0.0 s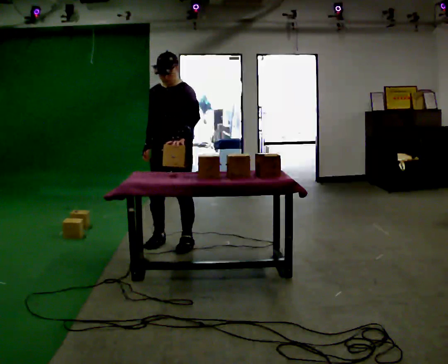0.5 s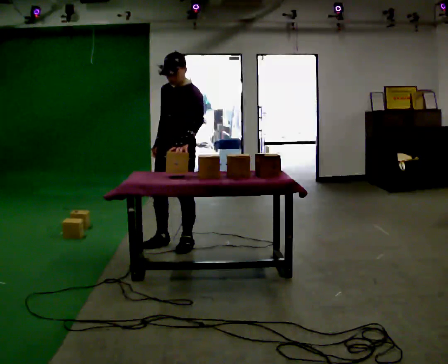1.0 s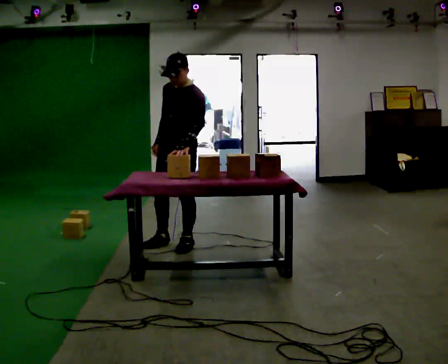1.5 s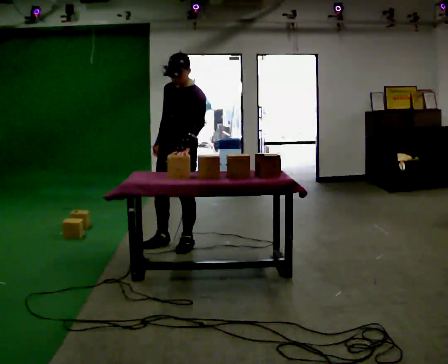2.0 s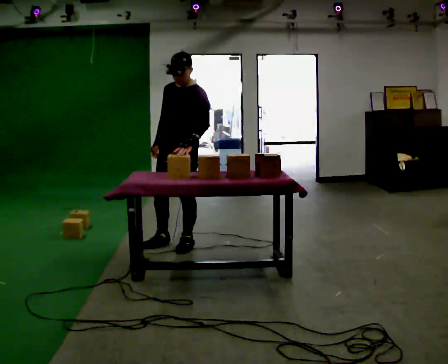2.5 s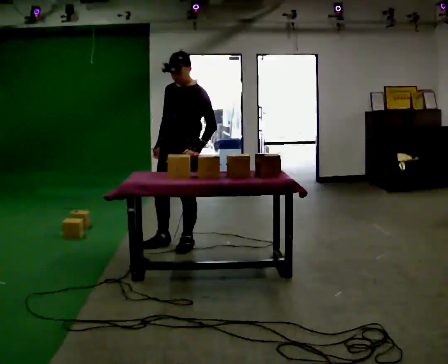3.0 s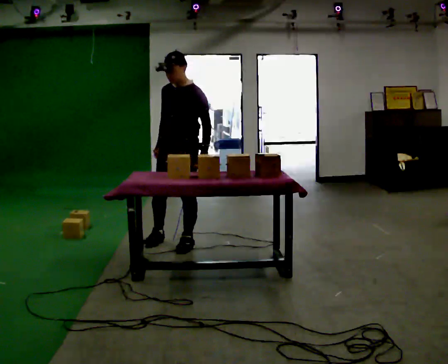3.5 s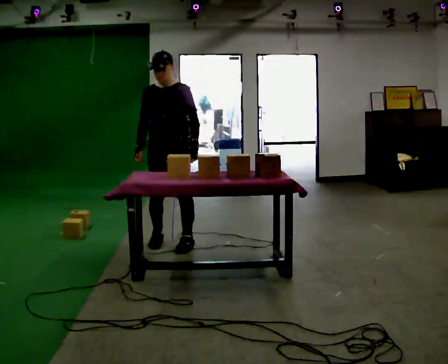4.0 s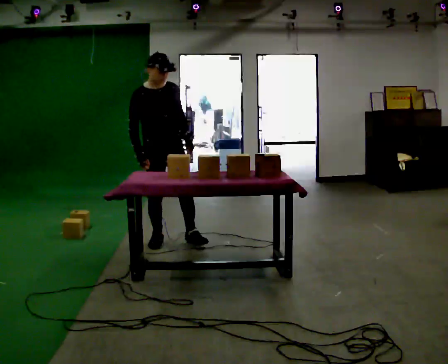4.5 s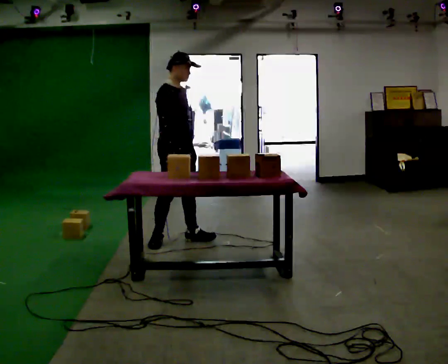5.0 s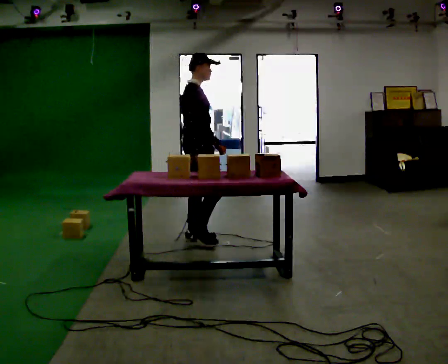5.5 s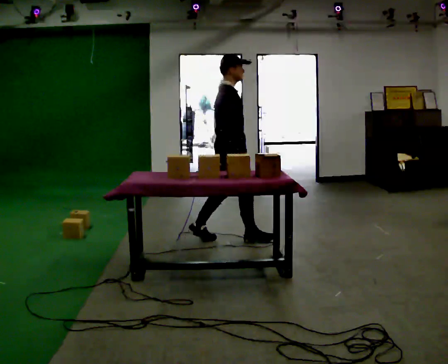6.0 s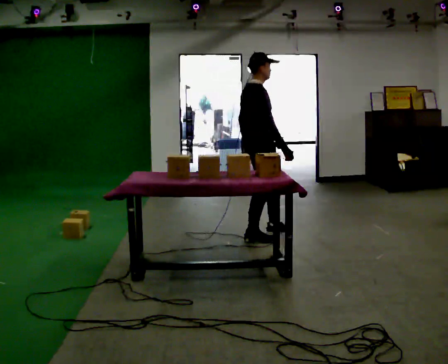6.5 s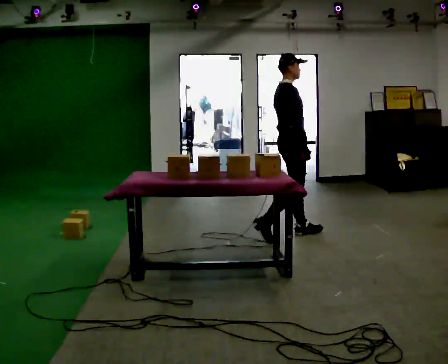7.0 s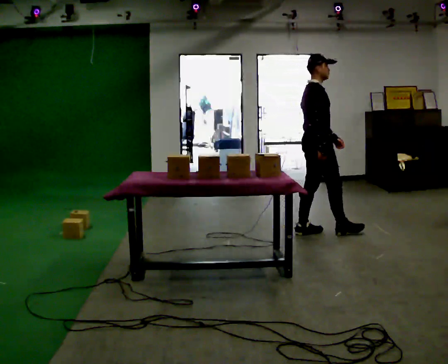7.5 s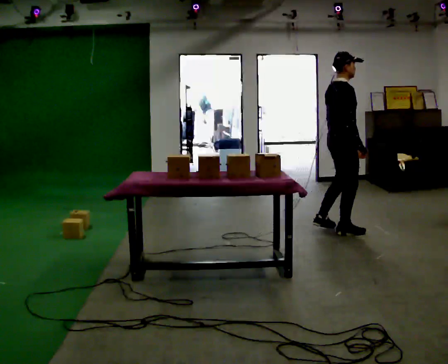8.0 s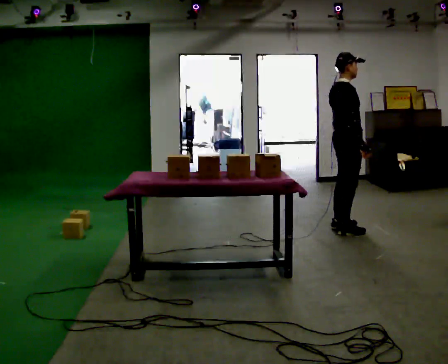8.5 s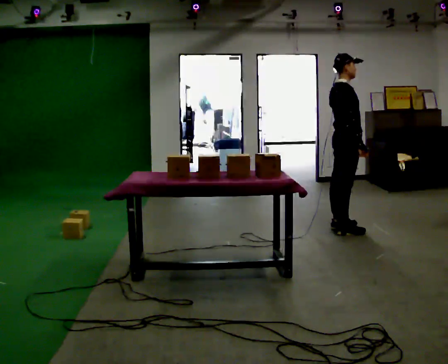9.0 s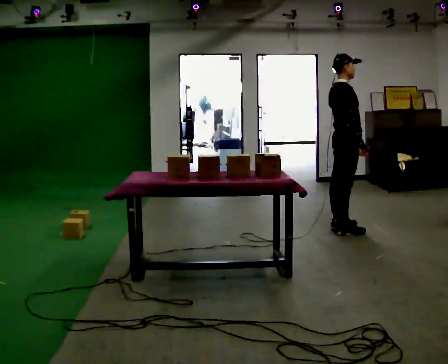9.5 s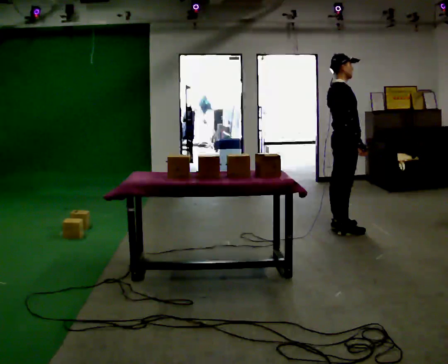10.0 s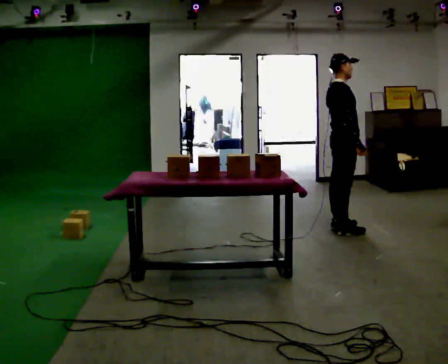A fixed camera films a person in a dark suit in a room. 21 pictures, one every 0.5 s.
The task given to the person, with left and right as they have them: Pick the object up off the floor using only the hand the operator calls, then carry it to the table in that same hand. Keep going until the operator says stop; one object at a time, and do not rush between trips.
0.0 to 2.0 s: The person moves a little, or ends about where they began.
2.0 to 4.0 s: Seen from above the body turns counterclockwise, about 60 degrees: to their left, with its near side sliding to the right. In the picture they go to the left and away from the camera, about 0.25 m.
4.0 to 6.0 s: The part of the body nearest the lens slides to the right as the person turns to their left by about 60 degrees. In the picture they go to the right, about 1 m in 2 steps.
6.0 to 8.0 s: In the picture they go to the right, about 1 m in 3 steps, which for them is forward.
8.0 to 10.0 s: The person moves a little, or ends about where they began.
The film runs forward here.
